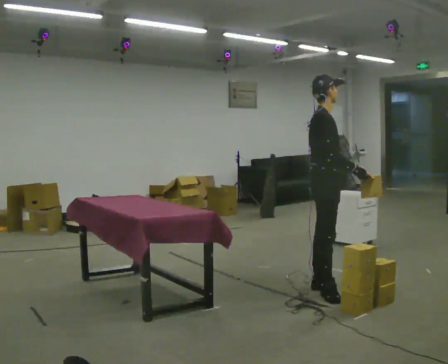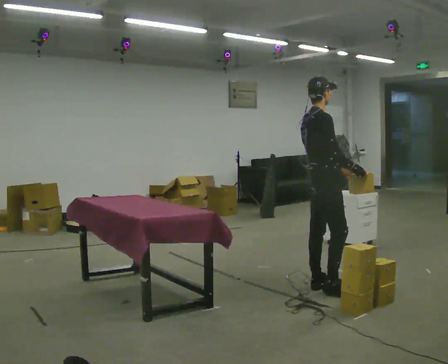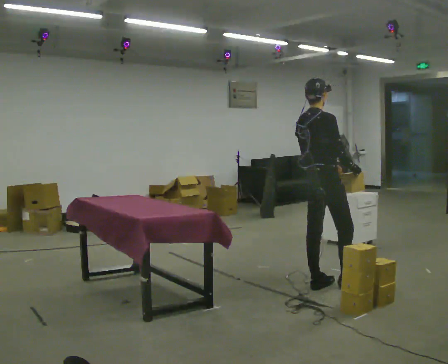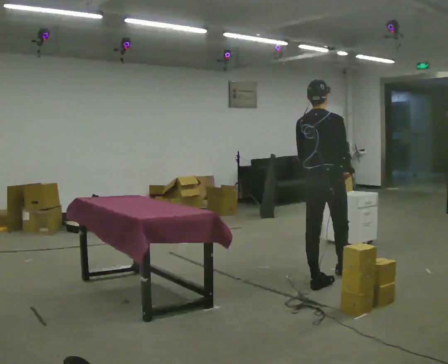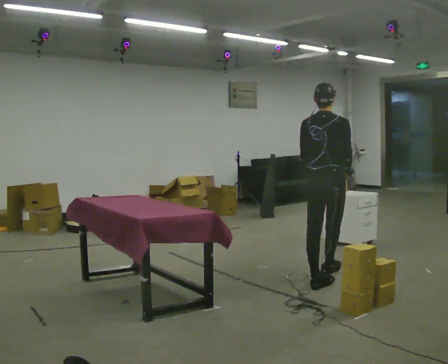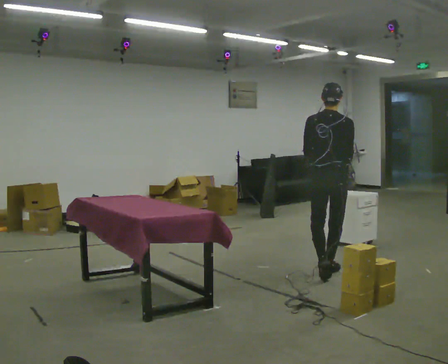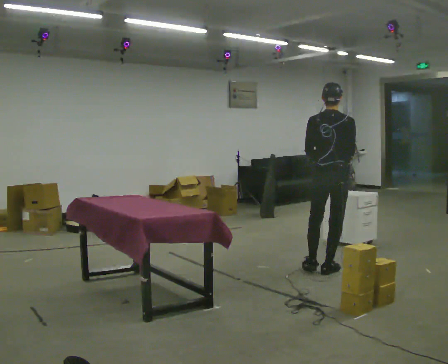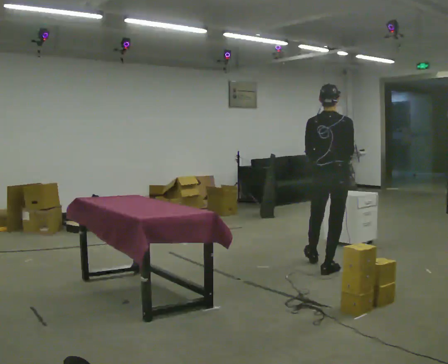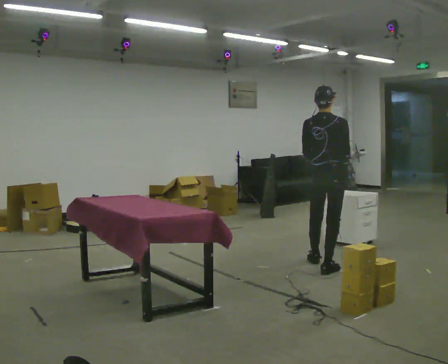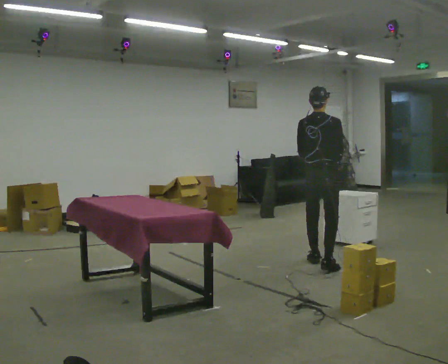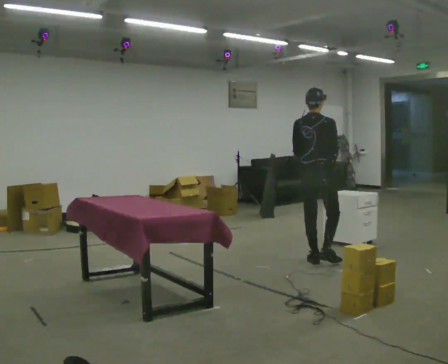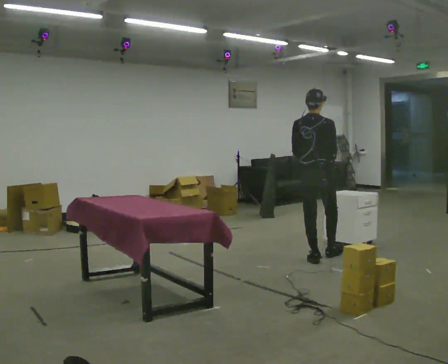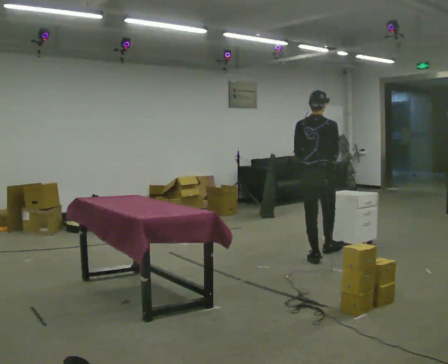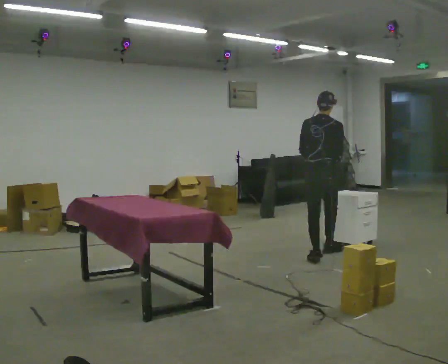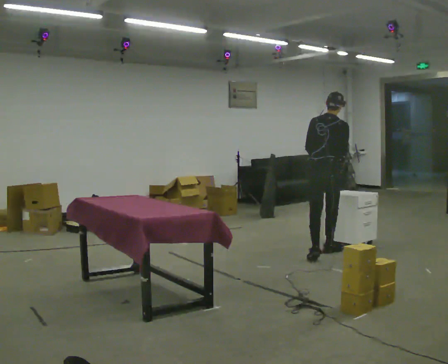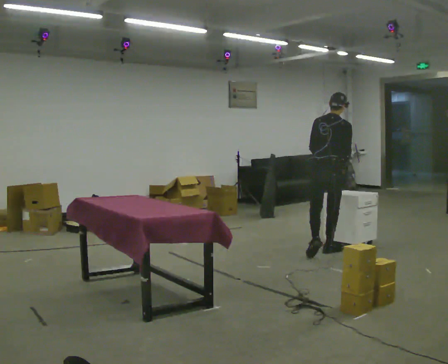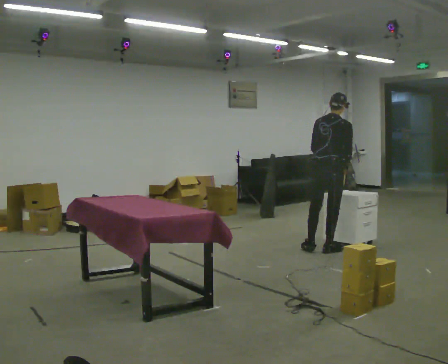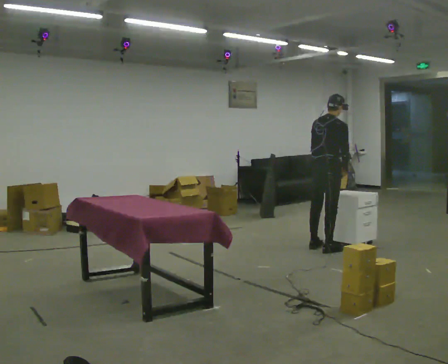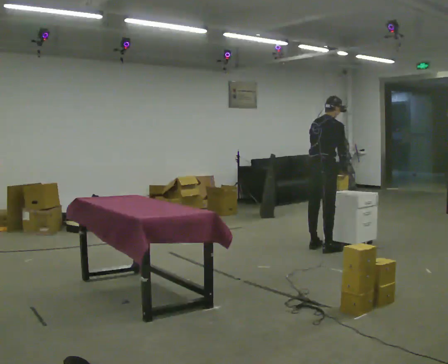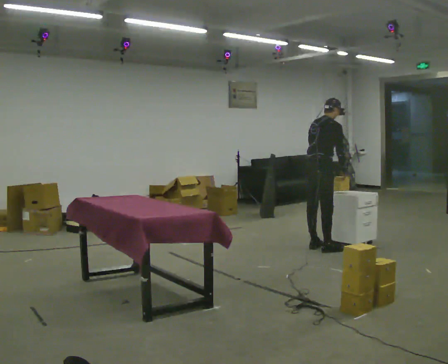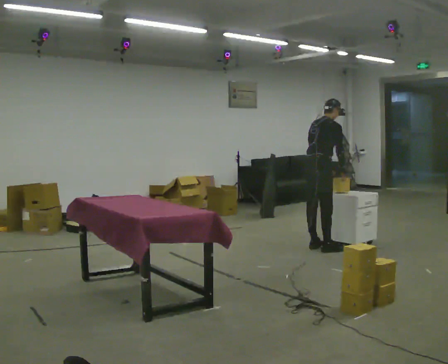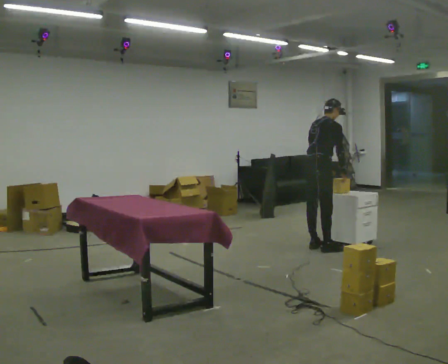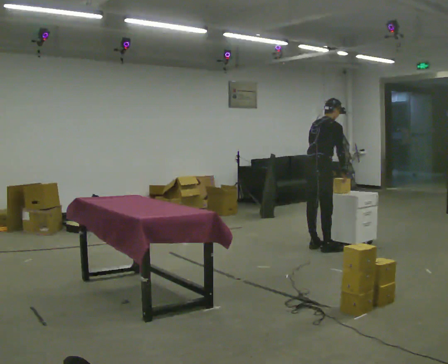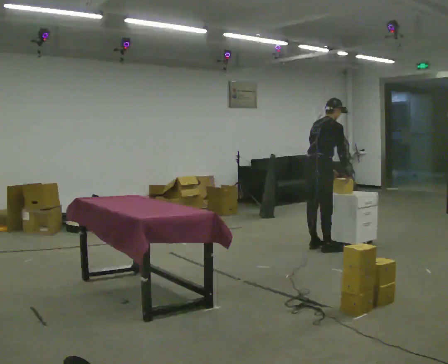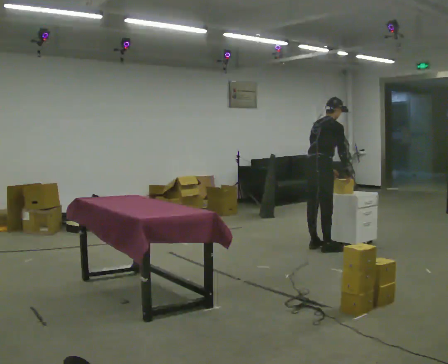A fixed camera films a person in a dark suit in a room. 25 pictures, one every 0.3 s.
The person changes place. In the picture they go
away from the camera.
0.0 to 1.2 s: Seen from above the body turns counterclockwise, about 75 degrees: to their left, with its near side sliding to the right. In the picture they go away from the camera, about 0.25 m in 1 step.
1.2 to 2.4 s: In the picture they go away from the camera, about 0.5 m in 1 step, which for them is forward.
2.4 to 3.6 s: In the picture they go away from the camera, about 0.25 m in 1 step, which for them is forward and to their left.
3.6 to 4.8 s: In the picture they go away from the camera, about 0.25 m, which for them is forward.
4.8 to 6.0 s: The person turns about 30 degrees to their right, clockwise seen from above, so the part of the body nearest the lens slides to the left. In the picture they go away from the camera, about 0.25 m in 1 step, which for them is to their left.
6.0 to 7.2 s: The person moves a little, or ends about where they began.
The film runs forward here.
